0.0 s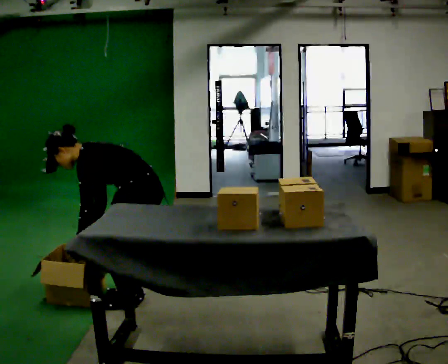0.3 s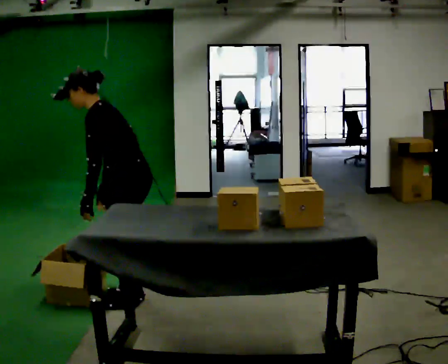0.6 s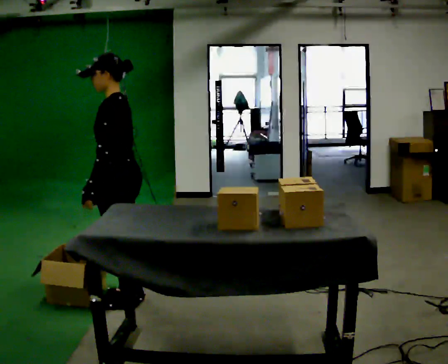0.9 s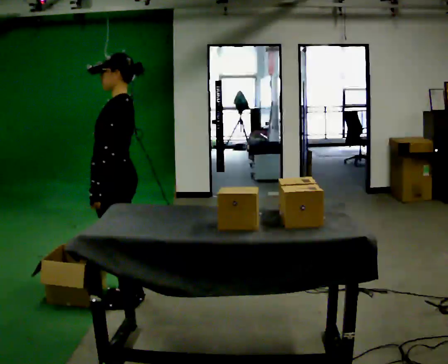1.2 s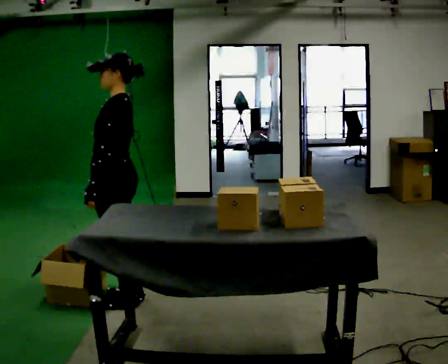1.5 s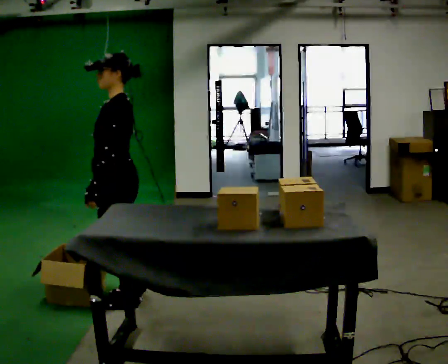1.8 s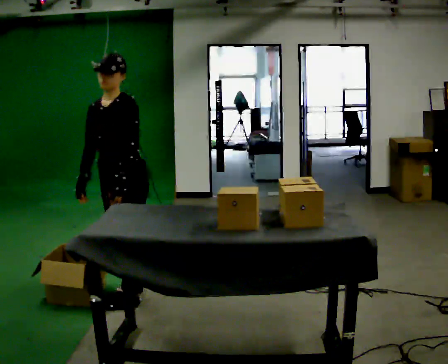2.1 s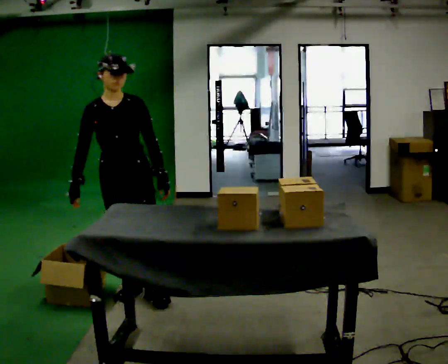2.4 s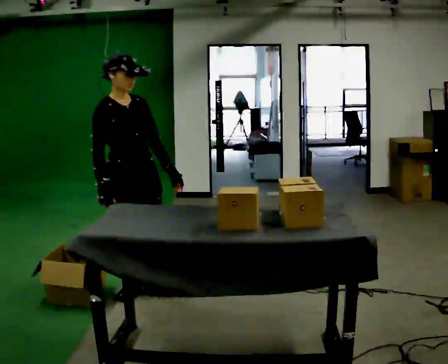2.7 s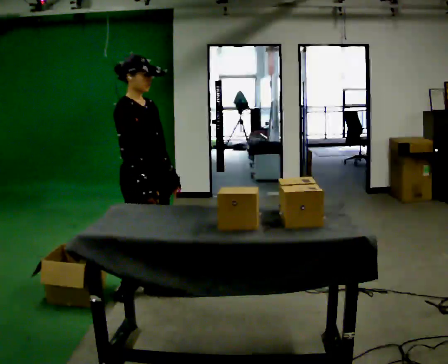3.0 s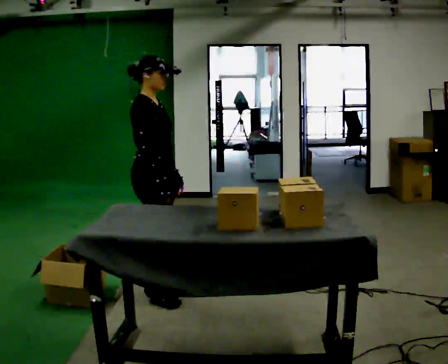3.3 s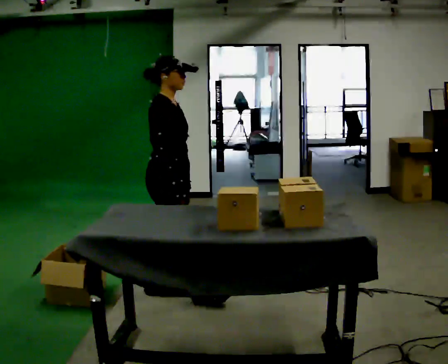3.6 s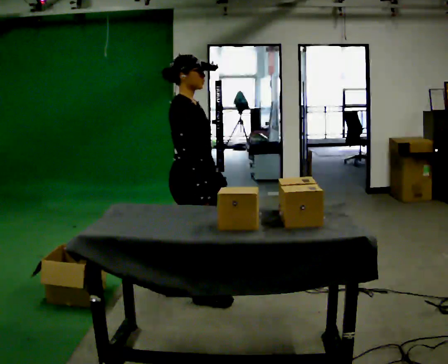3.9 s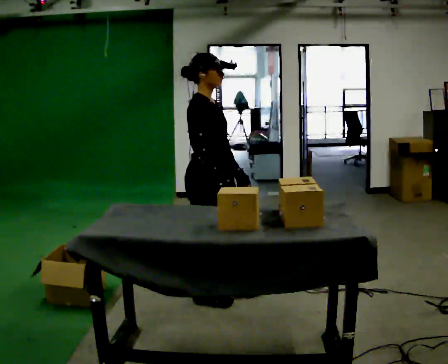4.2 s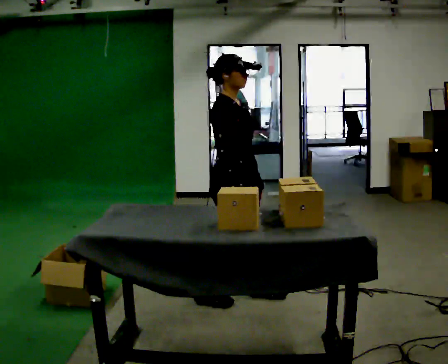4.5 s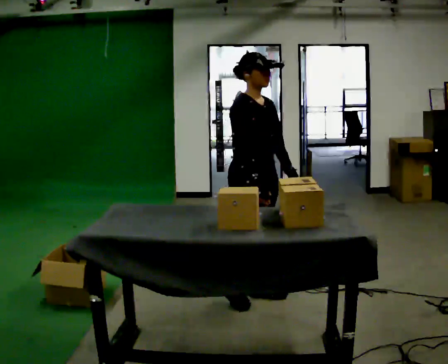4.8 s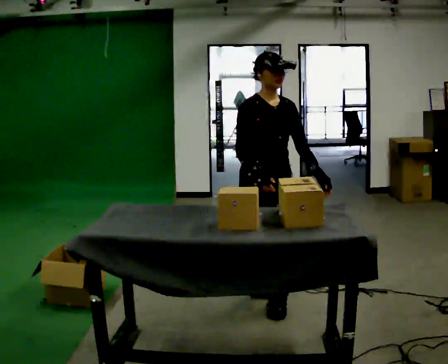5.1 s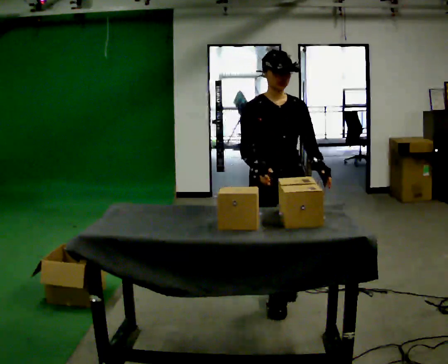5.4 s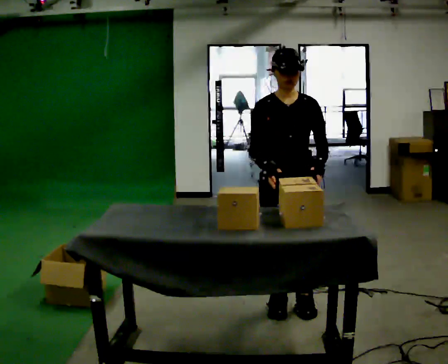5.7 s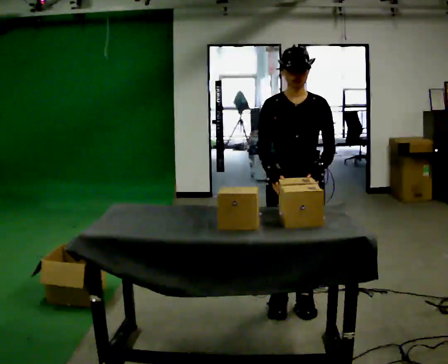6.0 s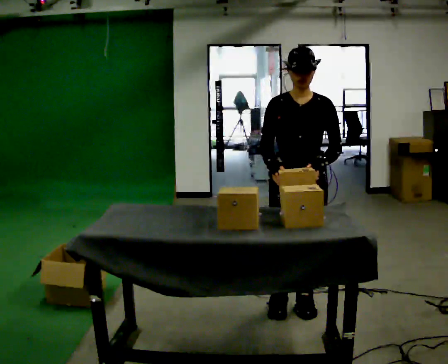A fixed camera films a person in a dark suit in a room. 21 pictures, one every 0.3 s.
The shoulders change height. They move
upward.
The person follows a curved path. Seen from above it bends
clockwise.
0.0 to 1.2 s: The shoulders move upward. In the picture the upper body tilts clockwise, shoulders to the right, as they lean back or straighten. In the picture their right hand goes upward.
1.2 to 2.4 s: The part of the body nearest the lens slides to the right as the person turns to their left by about 135 degrees. In the picture their left hand goes to the right.
2.4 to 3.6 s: The part of the body nearest the lens slides to the right as the person turns to their left by about 30 degrees. In the picture they go to the right, about 0.5 m in 1 step, which for them is forward.
3.6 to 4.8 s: The part of the body nearest the lens slides to the left as the person turns to their right by about 60 degrees. In the picture they go to the right, about 0.5 m in 2 steps, which for them is forward.
4.8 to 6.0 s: Seen from above the body turns clockwise, about 30 degrees: to their right, with its near side sliding to the left. In the picture they go toward the camera and to the right, about 0.25 m in 1 step, which for them is to their left and forward.
The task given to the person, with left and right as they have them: Carry each object across the room and drop it into the container on the floor, then walk back for the next one. Keep going until the operator says stop; one object at a time, and do not rush between trips.
The film runs forward here.
